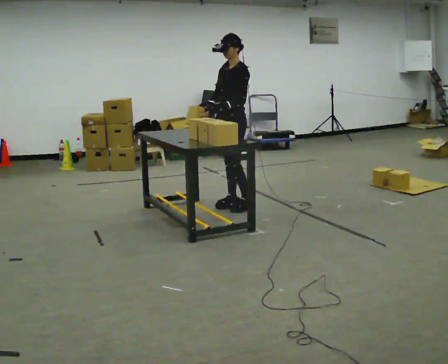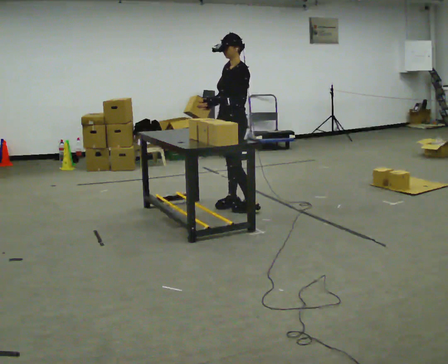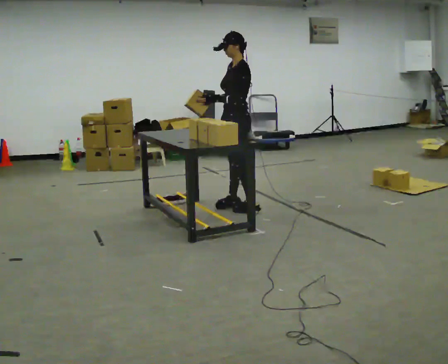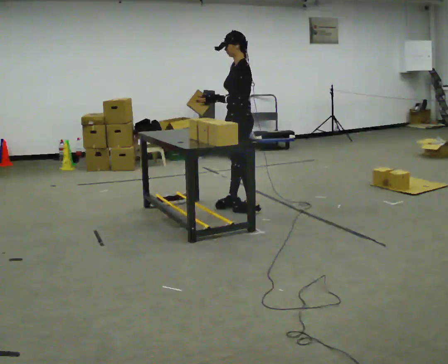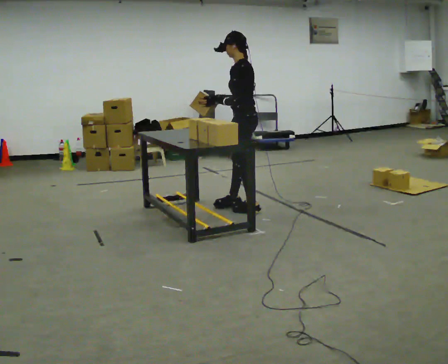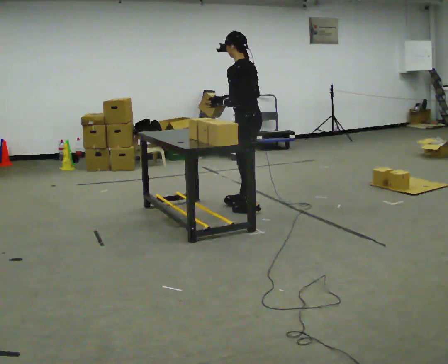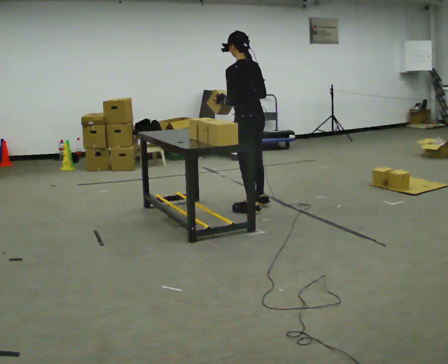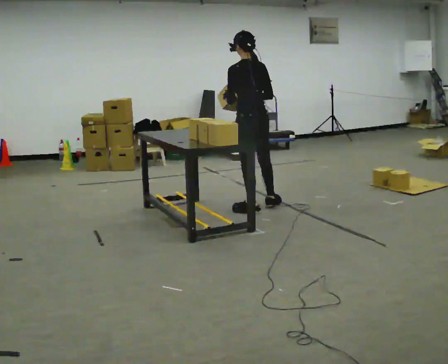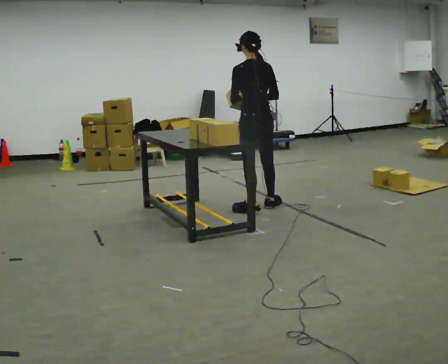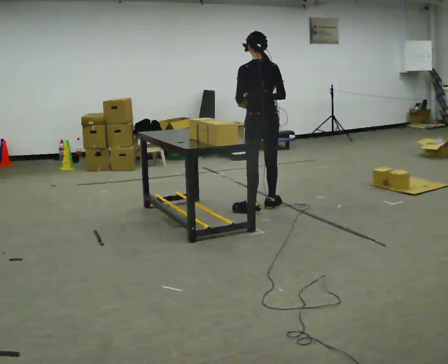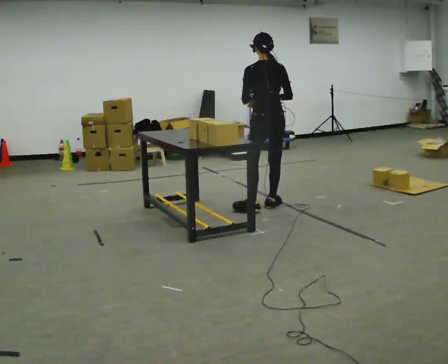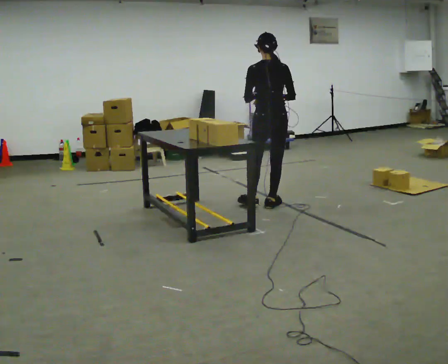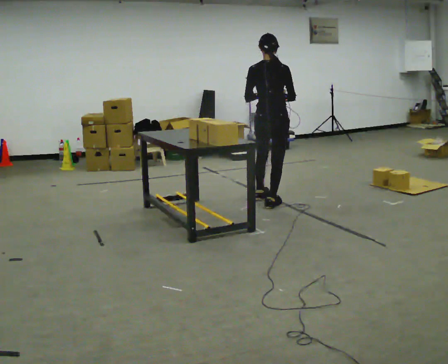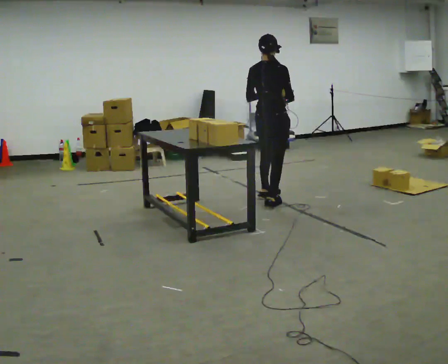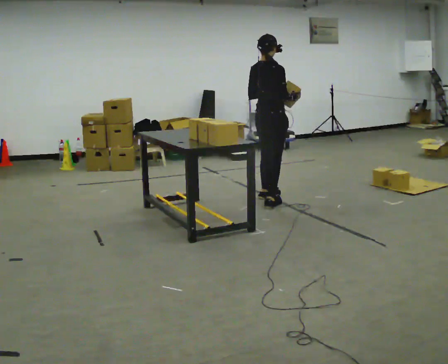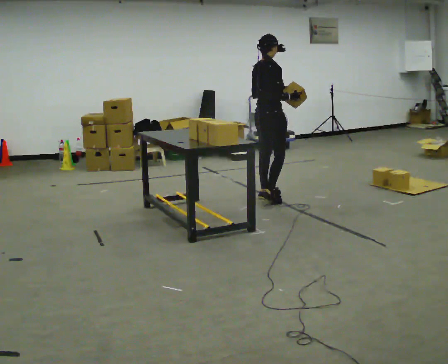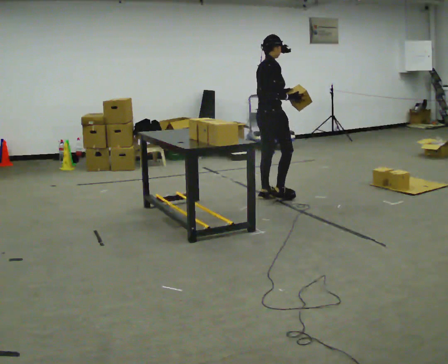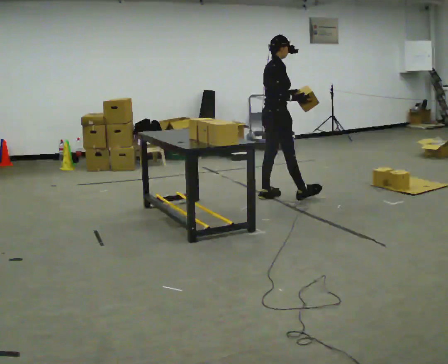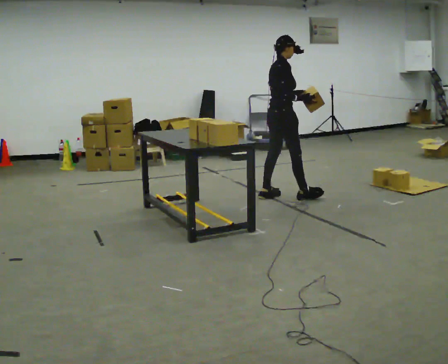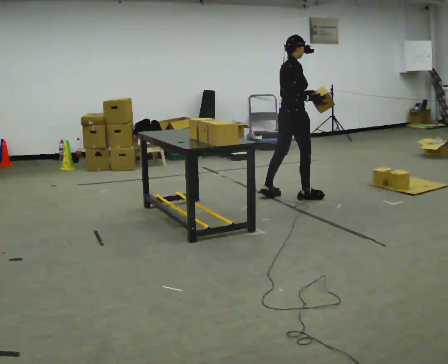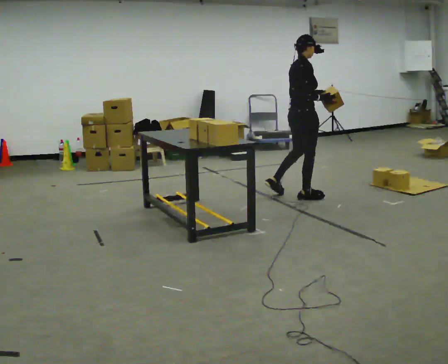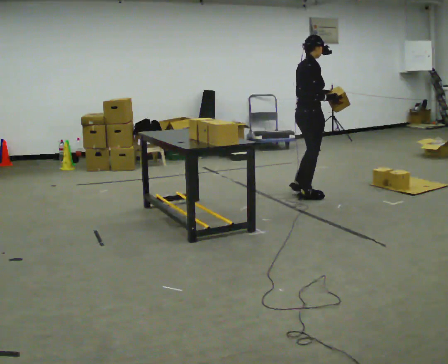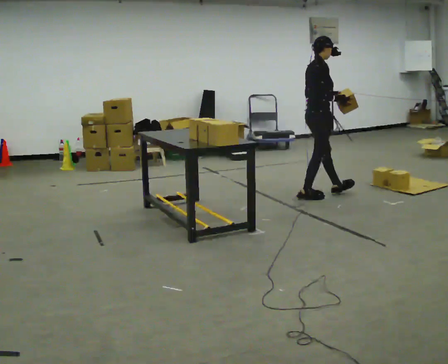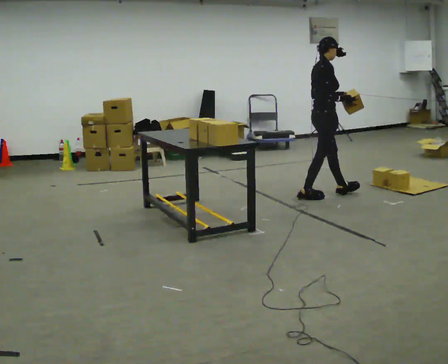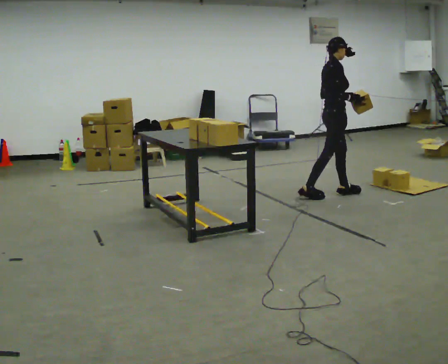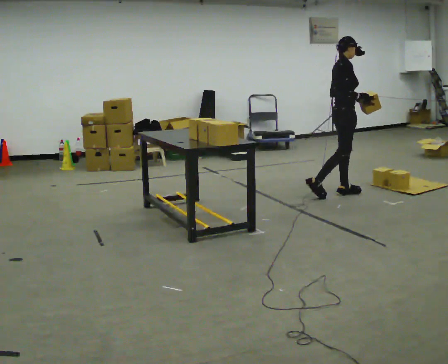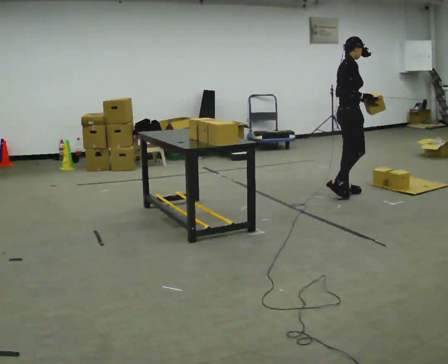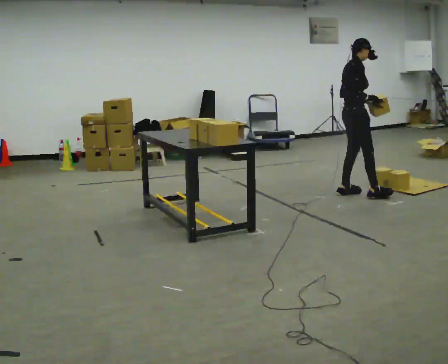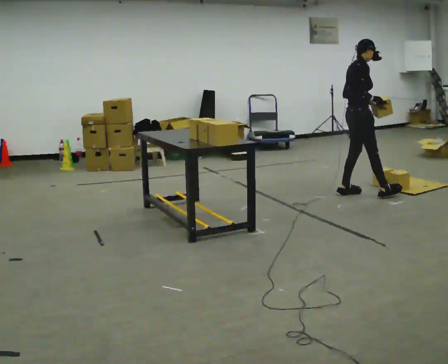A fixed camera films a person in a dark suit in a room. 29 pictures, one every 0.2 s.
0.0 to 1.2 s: The part of the body nearest the lens slides to the left as the person turns to their right by about 75 degrees. In the picture they go toward the camera and to the right, about 0.25 m. In the picture their right hand goes to the right.
1.2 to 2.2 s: The part of the body nearest the lens slides to the left as the person turns to their right by about 45 degrees. In the picture they go to the right and away from the camera, about 0.25 m in 1 step, which for them is to their right. In the picture their right hand goes to the right.
2.2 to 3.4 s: The person turns about 75 degrees to their right, clockwise seen from above, so the part of the body nearest the lens slides to the left. In the picture they go away from the camera, about 0.25 m in 2 steps.
3.4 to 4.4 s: In the picture they go to the right, about 0.5 m, which for them is forward and to their right.
4.4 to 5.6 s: In the picture they go to the right, about 0.5 m in 1 step, which for them is forward.
The film runs forward here.
